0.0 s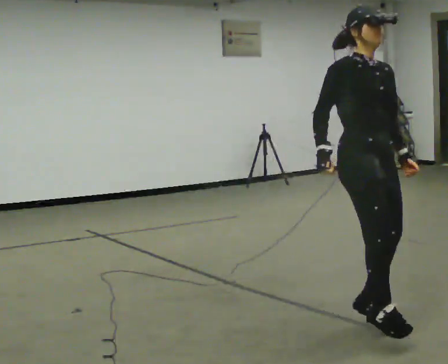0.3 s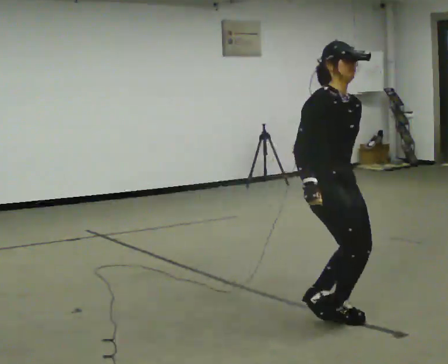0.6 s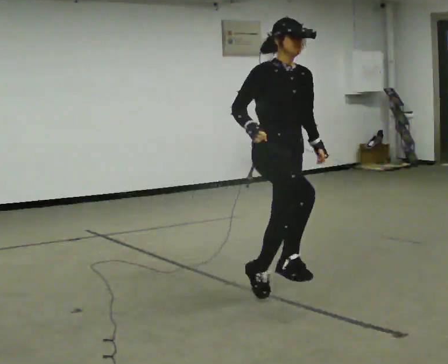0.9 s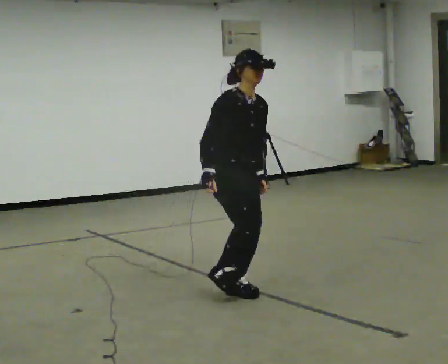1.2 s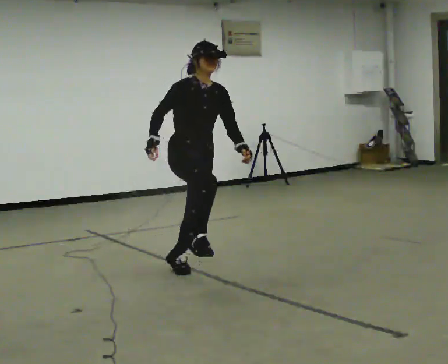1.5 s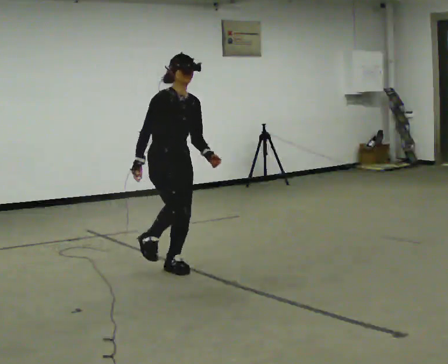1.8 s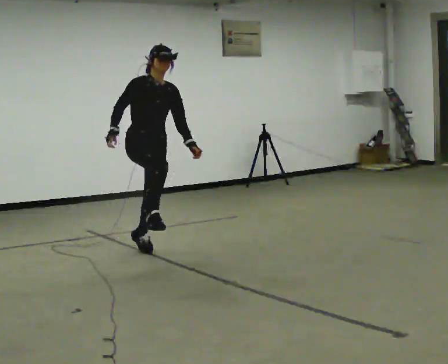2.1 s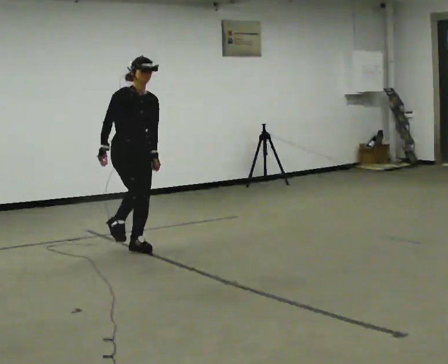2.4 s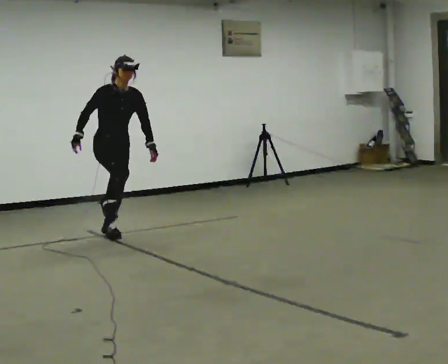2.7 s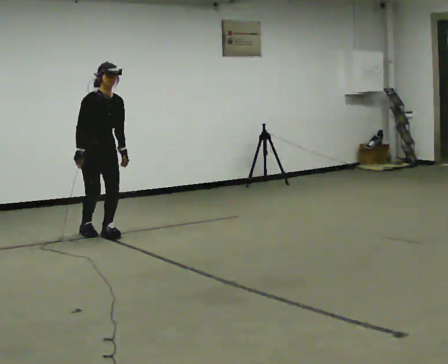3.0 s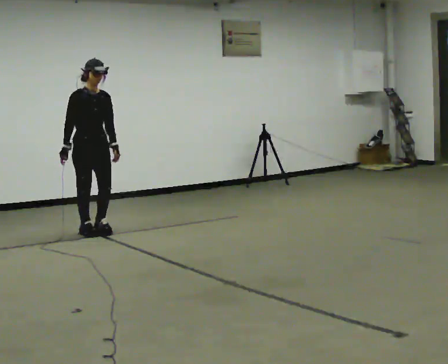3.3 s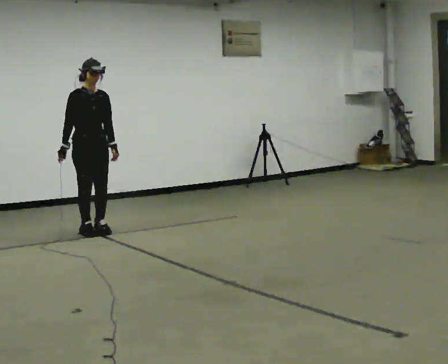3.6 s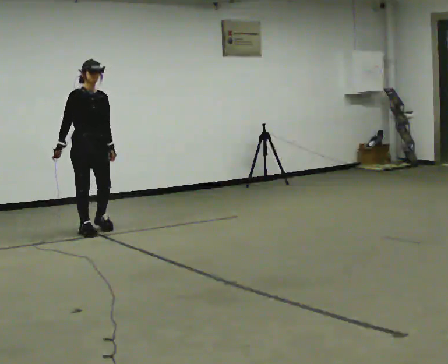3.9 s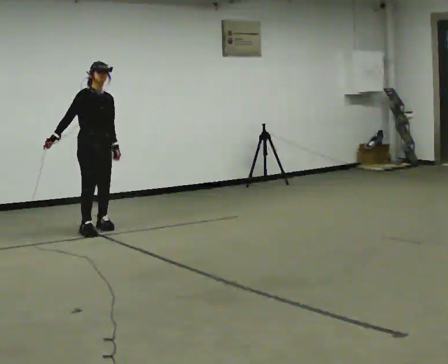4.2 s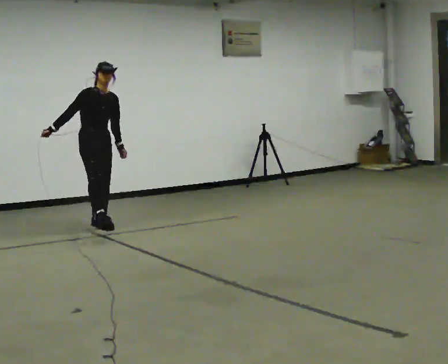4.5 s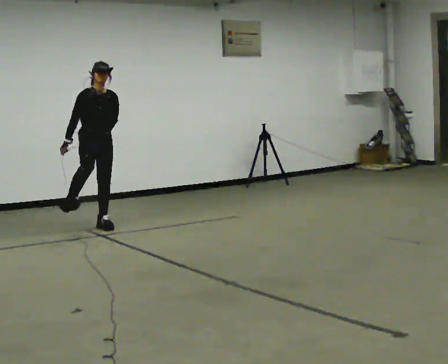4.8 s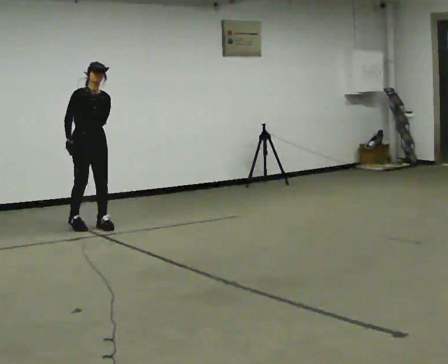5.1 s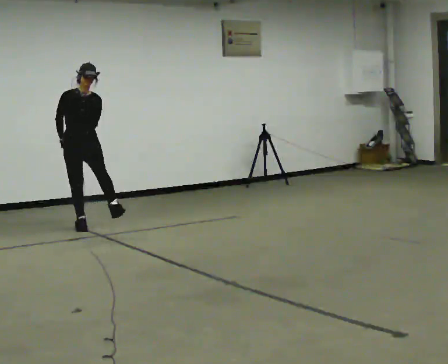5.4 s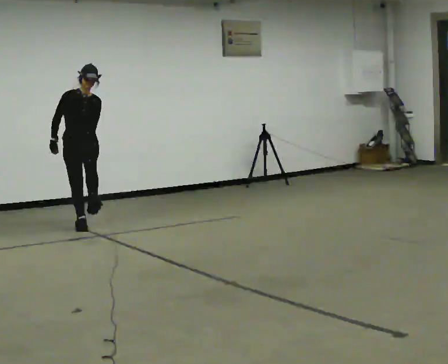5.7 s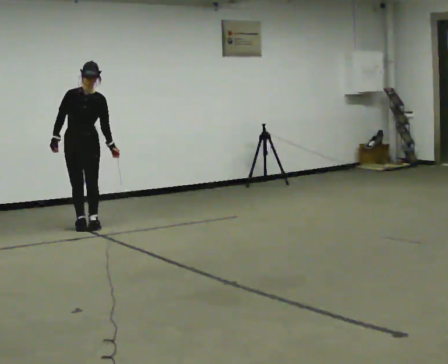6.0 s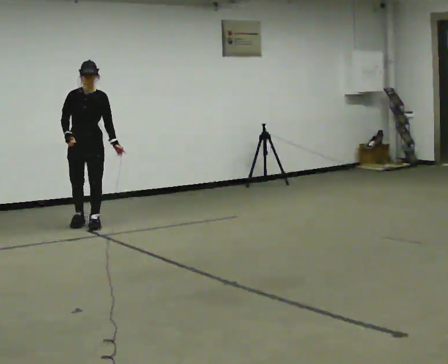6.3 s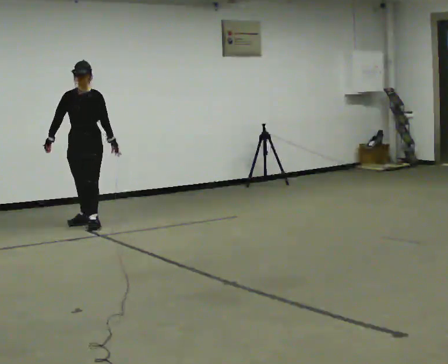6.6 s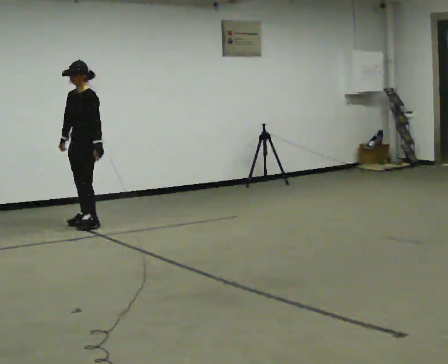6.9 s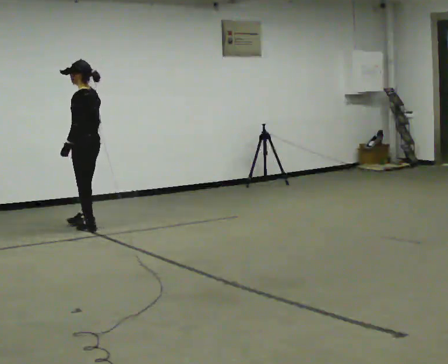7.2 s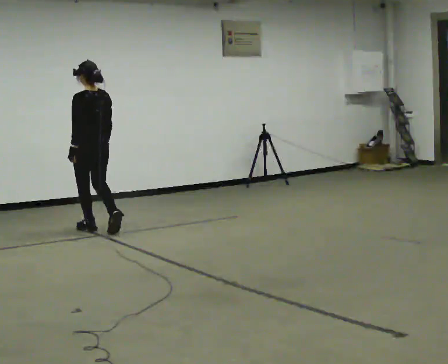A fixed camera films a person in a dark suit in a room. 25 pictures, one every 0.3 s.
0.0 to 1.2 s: In the picture they go away from the camera and to the left, about 1.5 m in 3 steps, which for them is backward.
1.2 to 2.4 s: In the picture they go away from the camera, about 1.5 m in 2 steps, which for them is backward.
2.4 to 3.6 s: In the picture they go away from the camera and to the left, about 0.5 m in 2 steps, which for them is backward.
3.6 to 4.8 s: In the picture they go away from the camera, about 0.25 m in 1 step, which for them is backward and to their left.
4.8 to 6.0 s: Seen from above the body turns clockwise, about 30 degrees: to their right, with its near side sliding to the left.
6.0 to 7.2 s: The person turns about 150 degrees to their right, clockwise seen from above, so the part of the body nearest the lens slides to the left. In the picture they go toward the camera, about 0.25 m in 2 steps.
The film runs backward here.
